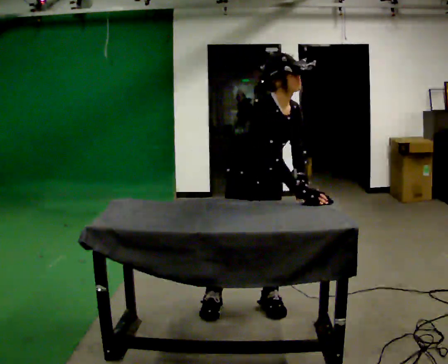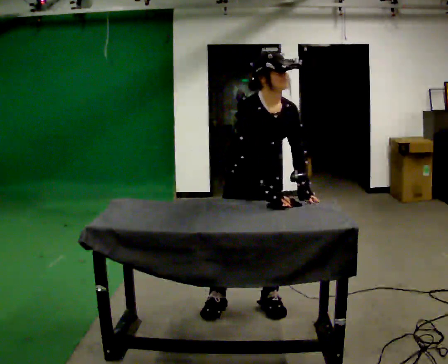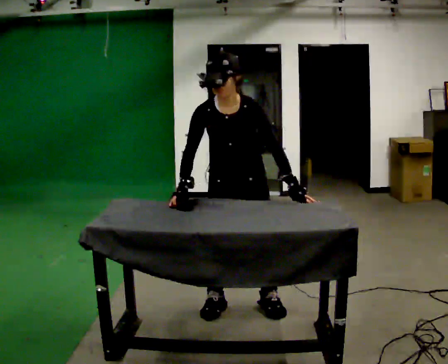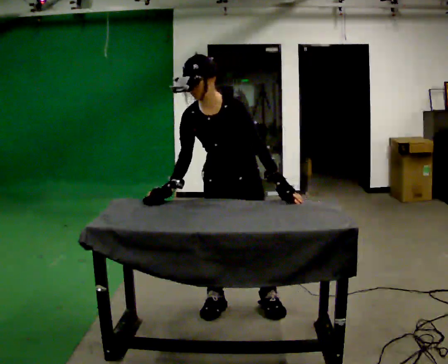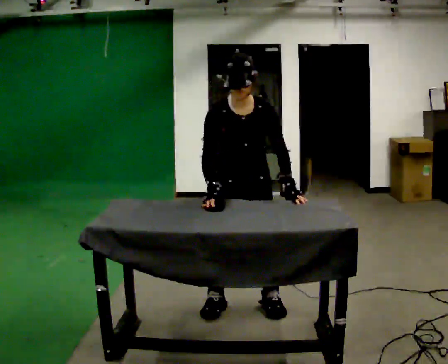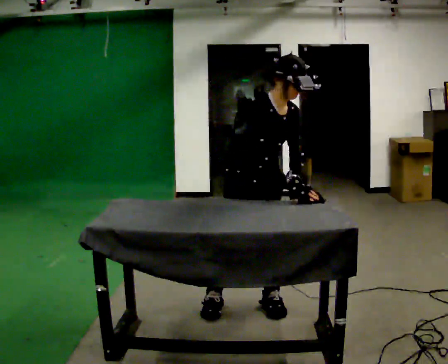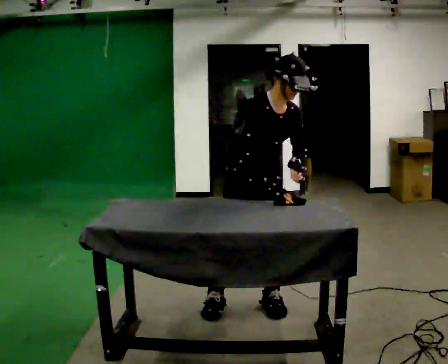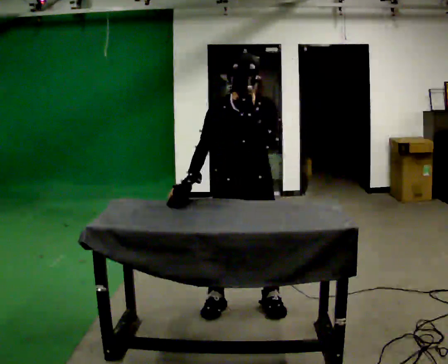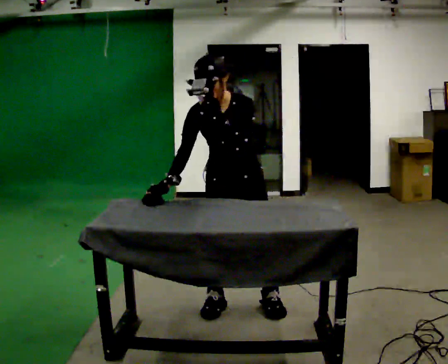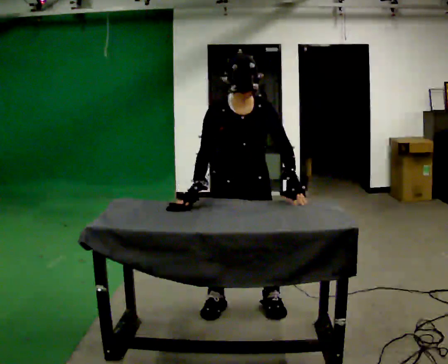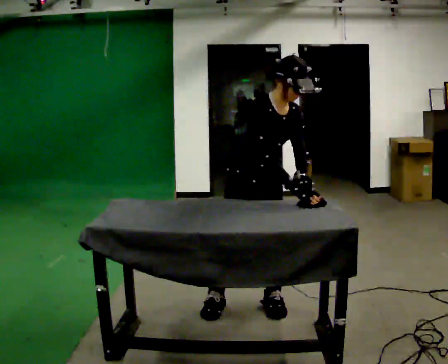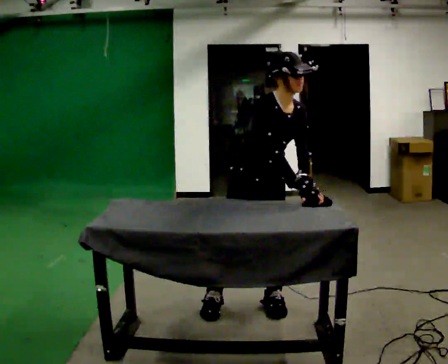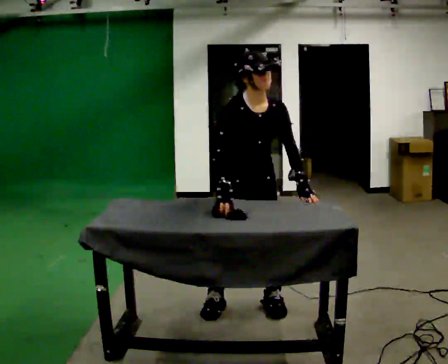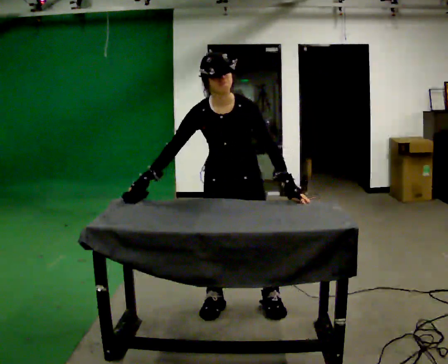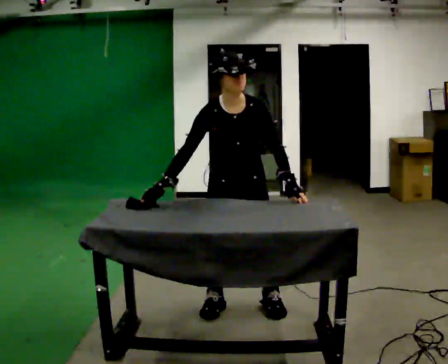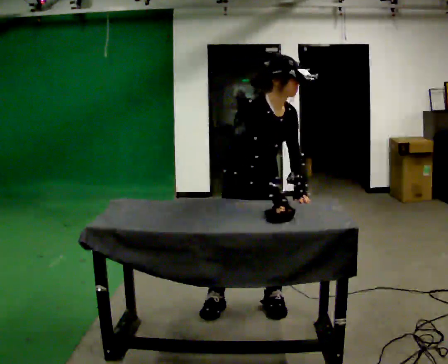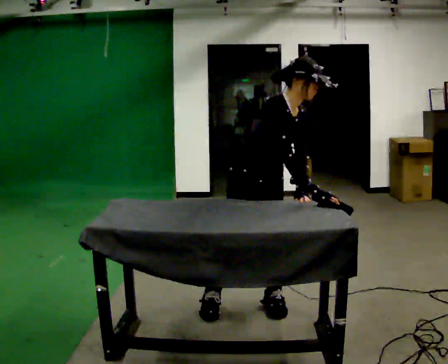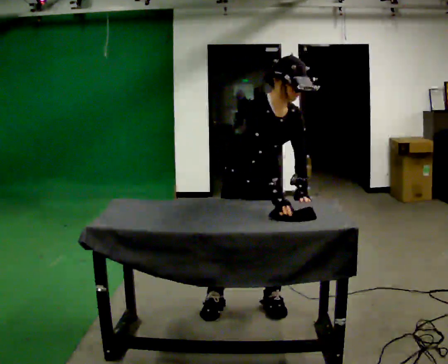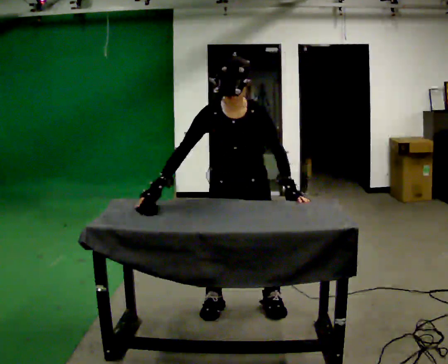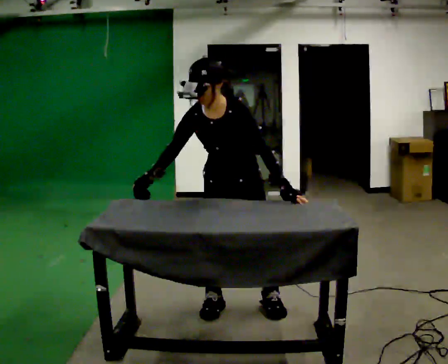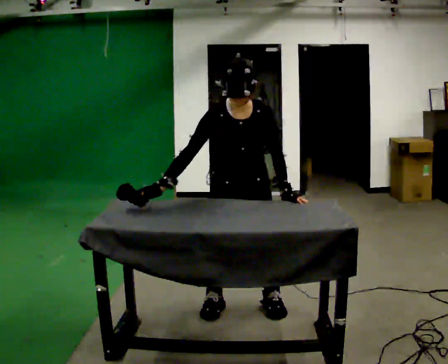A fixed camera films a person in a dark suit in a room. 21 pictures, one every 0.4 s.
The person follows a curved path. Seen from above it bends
counterclockwise.
0.0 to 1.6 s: The part of the body nearest the lens slides to the left as the person turns to their right by about 30 degrees. In the picture their right hand goes to the left.
1.6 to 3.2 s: In the picture their left hand goes upward and to the left.
3.2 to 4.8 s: The person turns about 30 degrees to their left, counterclockwise seen from above, so the part of the body nearest the lens slides to the right. In the picture their left hand goes to the right and downward.
4.8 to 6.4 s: Seen from above the body turns counterclockwise, about 30 degrees: to their left, with its near side sliding to the right. In the picture their right hand goes to the right.
6.4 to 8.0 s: Seen from above the body turns clockwise, about 30 degrees: to their right, with its near side sliding to the left. In the picture their right hand goes to the left, the arm swinging clockwise.
The film runs forward here.
